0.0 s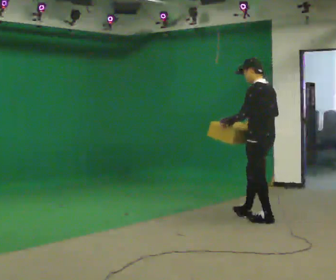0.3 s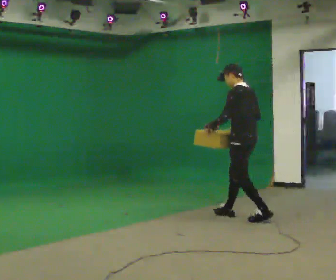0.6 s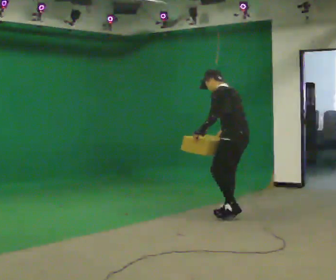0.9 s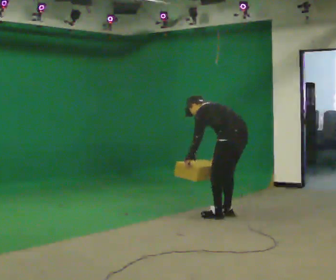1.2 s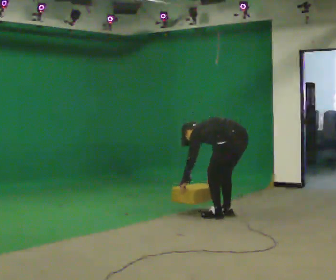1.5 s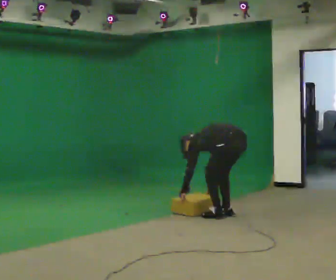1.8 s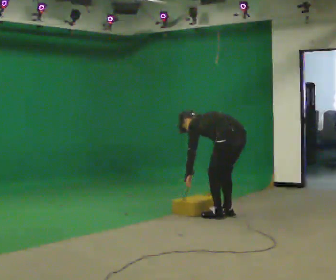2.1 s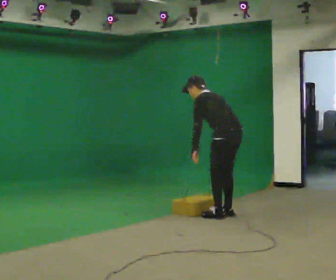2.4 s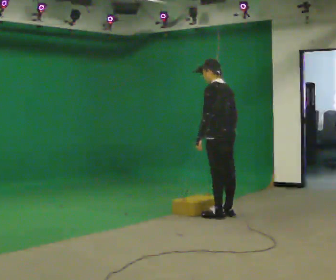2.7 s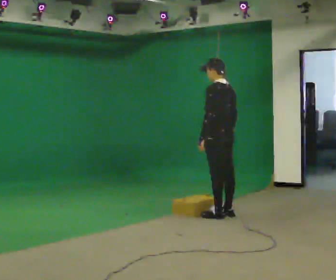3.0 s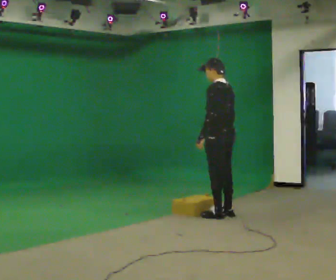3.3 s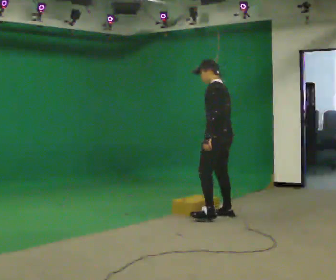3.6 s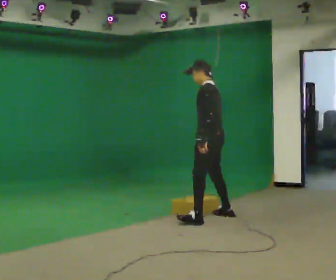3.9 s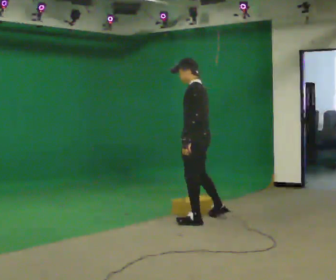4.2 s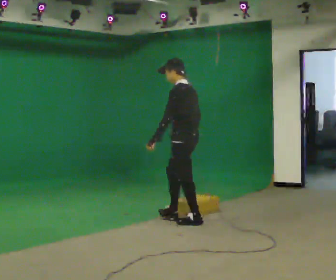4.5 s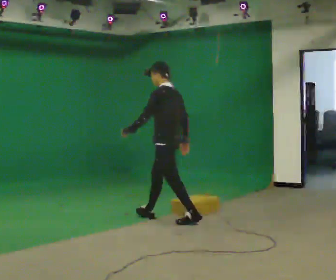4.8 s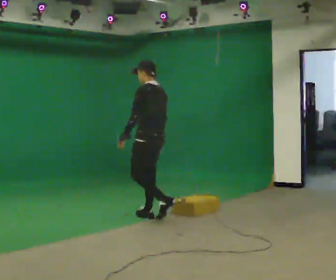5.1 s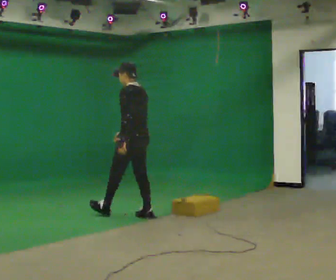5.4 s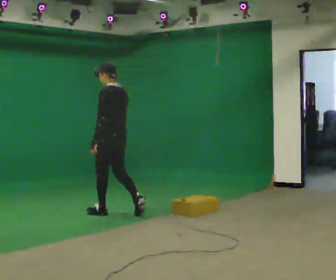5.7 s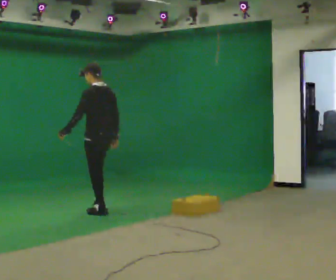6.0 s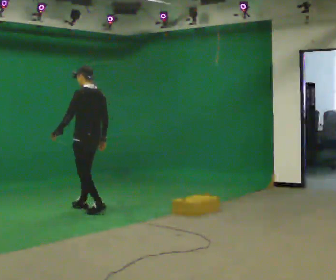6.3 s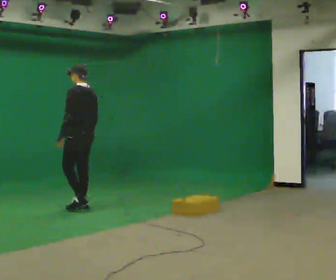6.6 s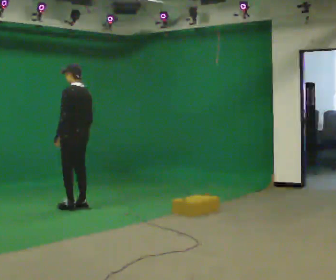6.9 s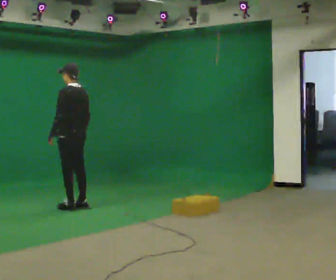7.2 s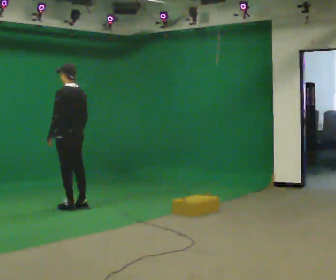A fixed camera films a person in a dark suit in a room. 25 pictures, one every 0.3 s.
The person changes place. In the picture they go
to the left.
0.0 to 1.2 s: In the picture they go to the left and away from the camera, about 0.25 m in 2 steps, which for them is forward. The shoulders move downward. In the picture the upper body tilts counterclockwise, shoulders to the left, as they bend forward. In the picture their right hand goes downward.
1.2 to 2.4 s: The upper body goes upward. In the picture the upper body tilts clockwise, shoulders to the right, as they lean back or straighten. In the picture their right hand goes upward.
2.4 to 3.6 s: The person moves a little, or ends about where they began.
3.6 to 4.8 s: In the picture they go to the left, about 0.75 m in 1 step, which for them is forward.
4.8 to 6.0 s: In the picture they go to the left and away from the camera, about 1 m in 2 steps, which for them is forward.
6.0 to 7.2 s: In the picture they go to the left, about 0.25 m in 1 step, which for them is forward.
The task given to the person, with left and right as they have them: Start still; walk straight at normal comfortable speed; stop at endpoint.
The film runs forward here.
